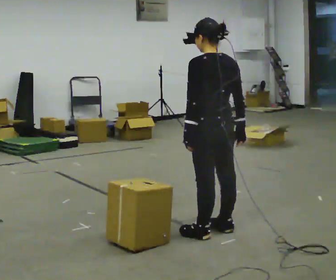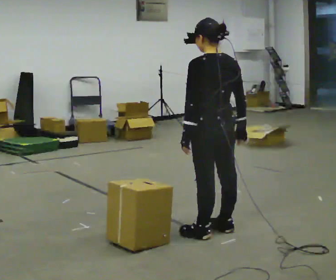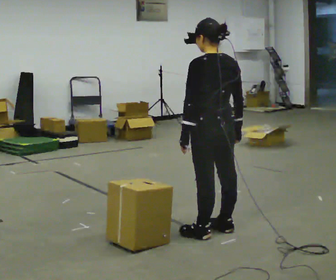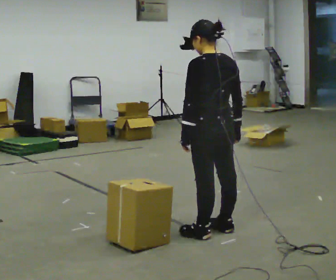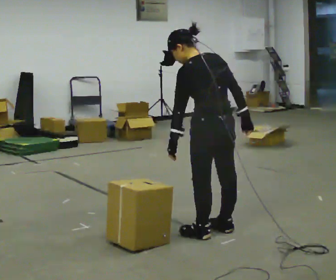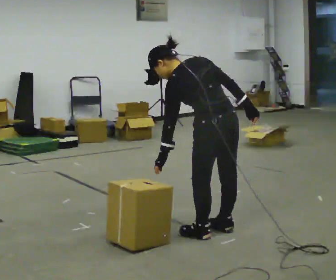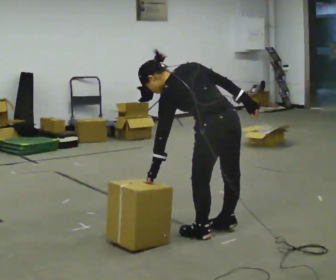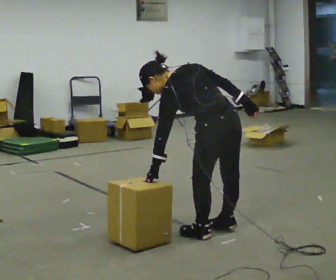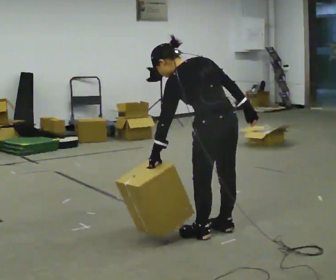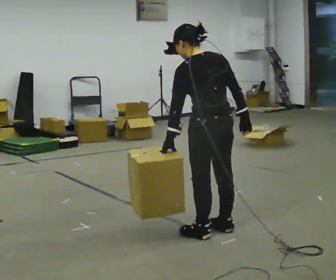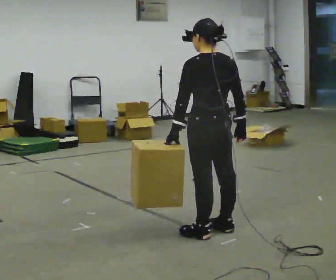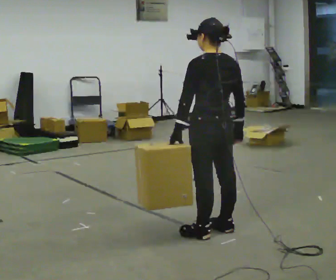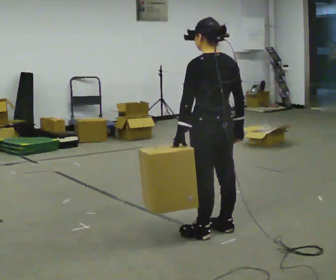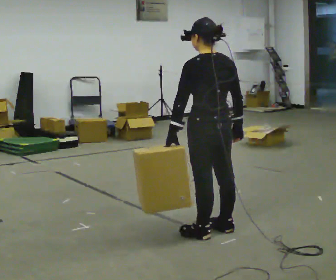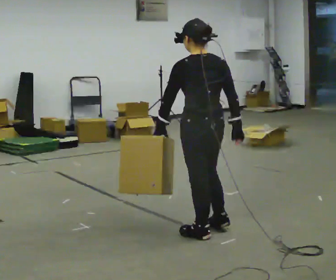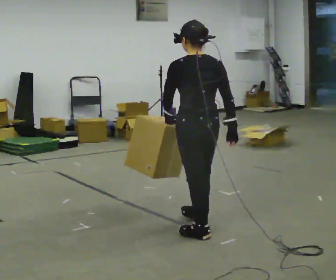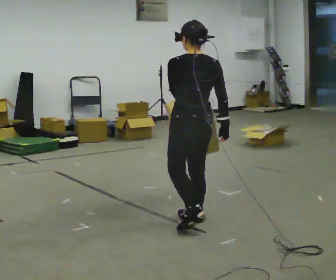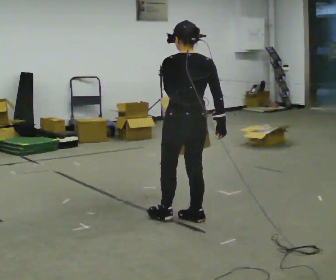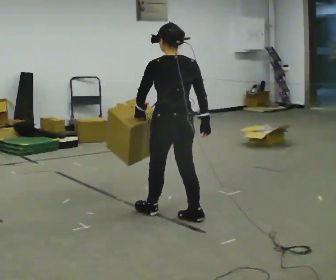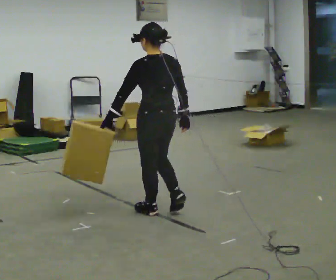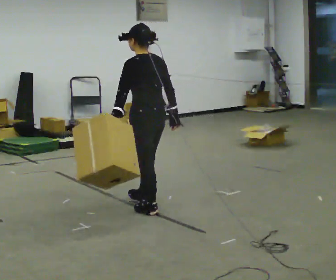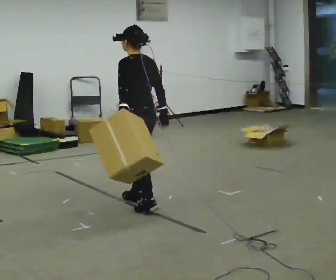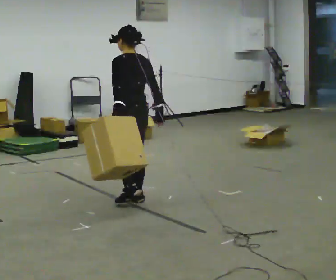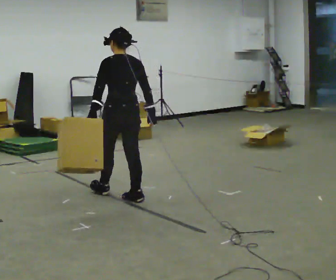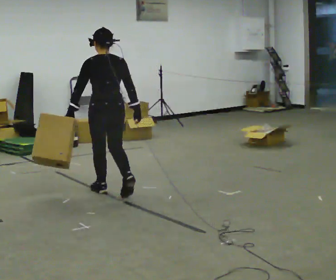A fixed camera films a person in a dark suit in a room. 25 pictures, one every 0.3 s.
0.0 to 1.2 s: In the picture the upper body tilts counterclockwise, shoulders to the left.
1.2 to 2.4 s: The person moves a little, or ends about where they began.
2.4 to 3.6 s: In the picture the upper body tilts clockwise, shoulders to the right, as they lean back or straighten.
3.6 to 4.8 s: In the picture they go away from the camera, about 0.25 m in 1 step, which for them is forward.
4.8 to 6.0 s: The part of the body nearest the lens slides to the right as the person turns to their left by about 30 degrees. In the picture they go away from the camera and to the left, about 0.5 m in 1 step, which for them is forward.
6.0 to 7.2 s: Seen from above the body turns clockwise, about 30 degrees: to their right, with its near side sliding to the left. In the picture they go away from the camera and to the left, about 0.75 m in 2 steps, which for them is forward.
The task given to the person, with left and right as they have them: Carry the object in the hand the operator calls, down at your side, walking back and forth across the room.
The film runs forward here.
